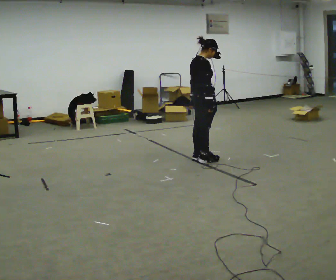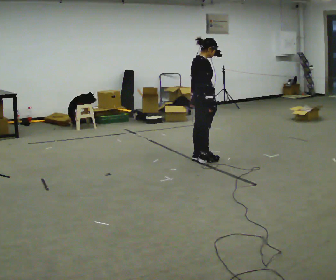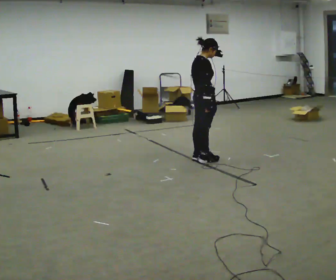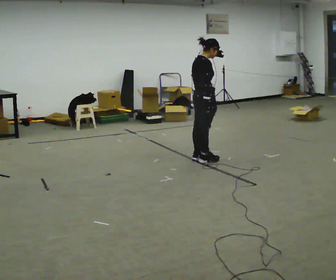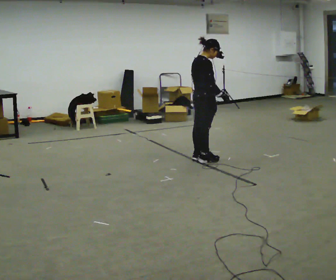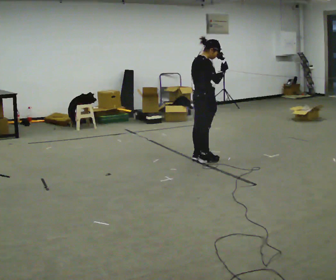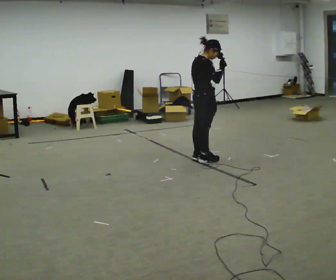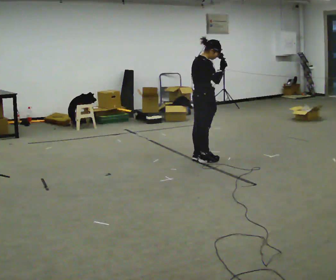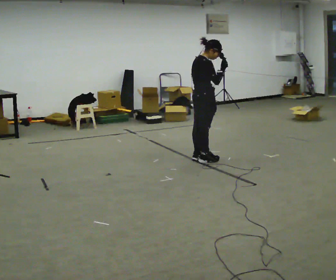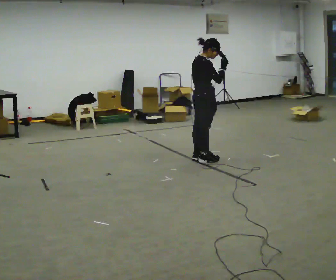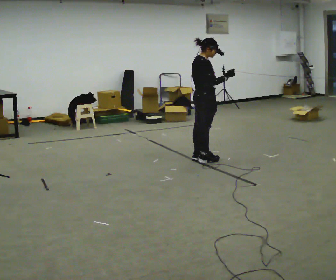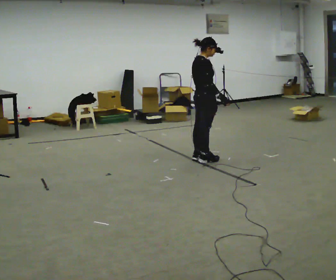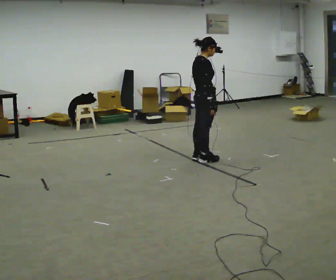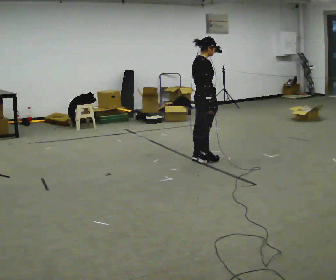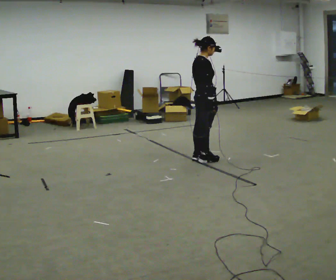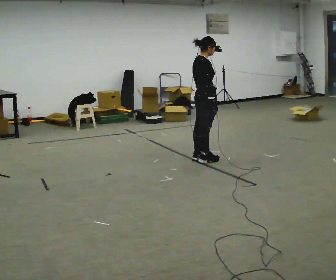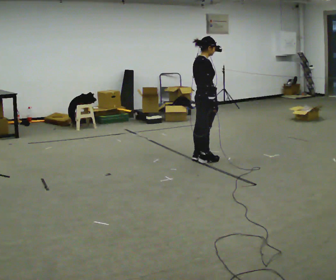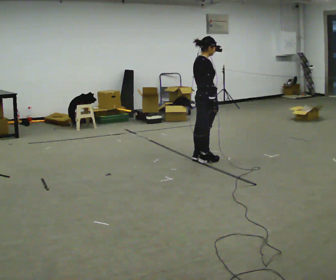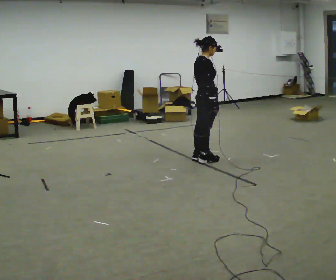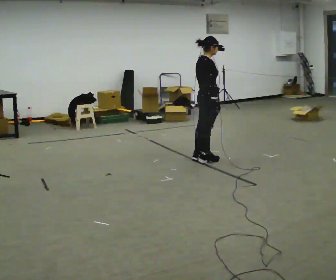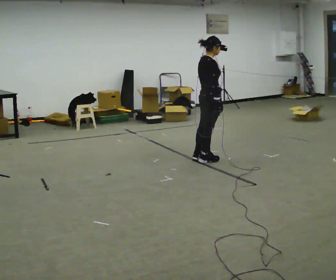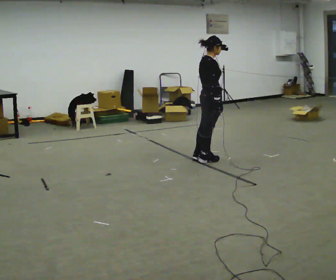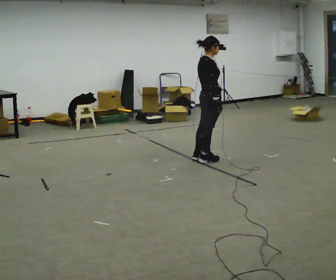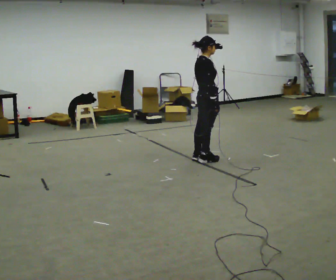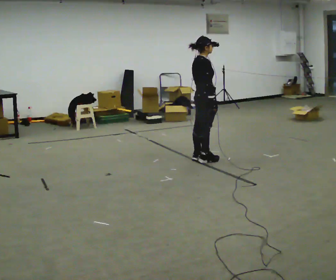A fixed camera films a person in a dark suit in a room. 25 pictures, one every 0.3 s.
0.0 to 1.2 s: The person moves a little, or ends about where they began.
1.2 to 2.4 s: In the picture their right hand goes upward.
2.4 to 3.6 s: In the picture their right hand goes downward.
3.6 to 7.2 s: The person moves a little, or ends about where they began.
The film runs backward here.
